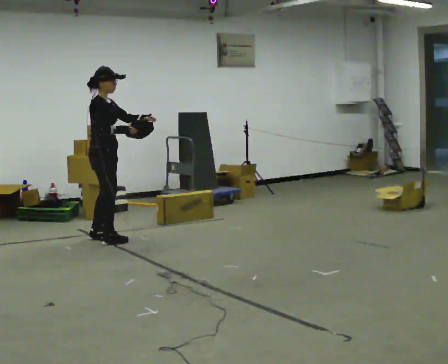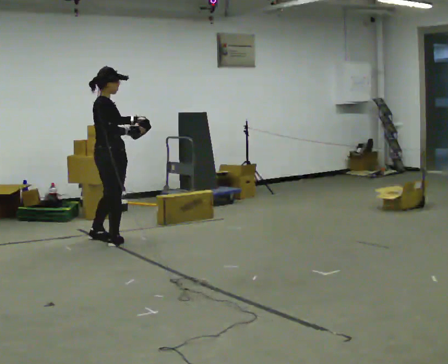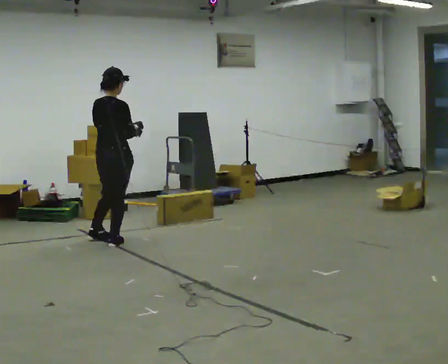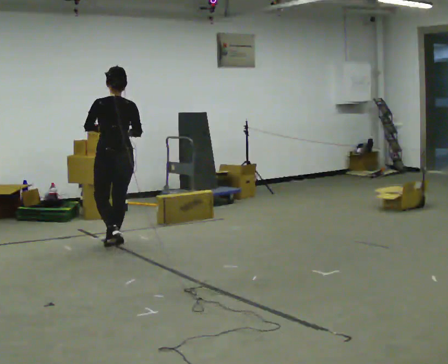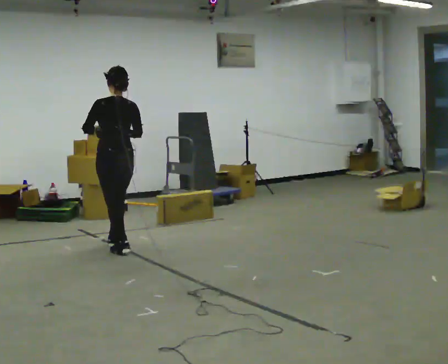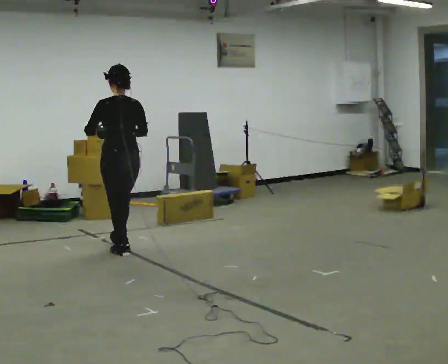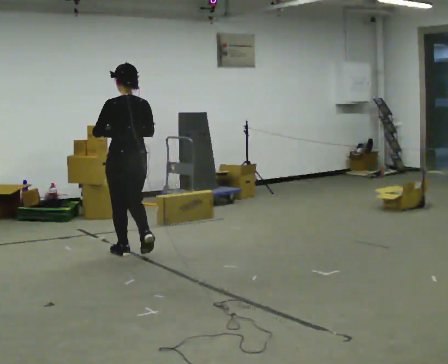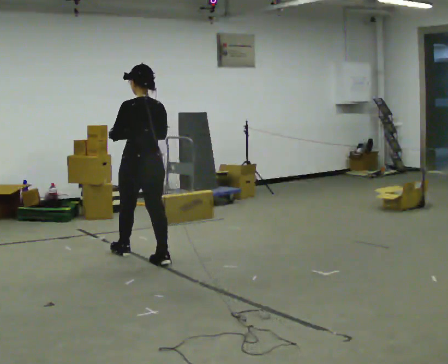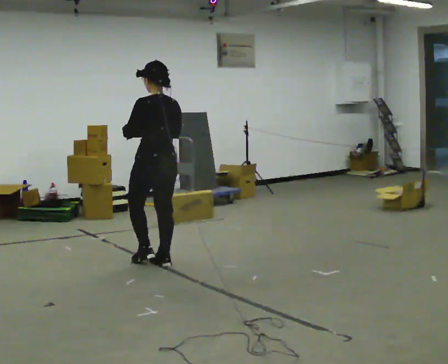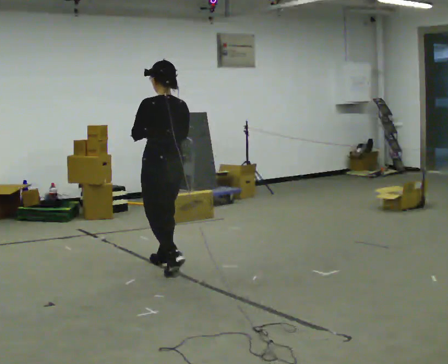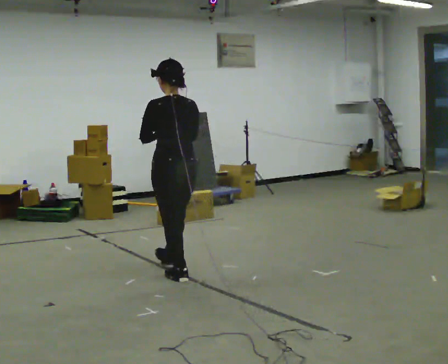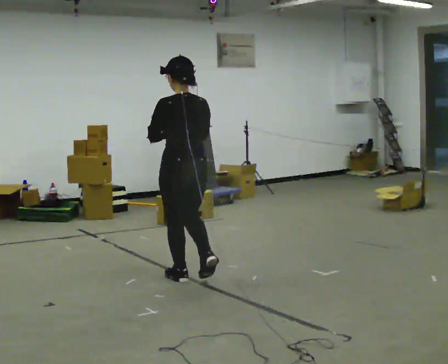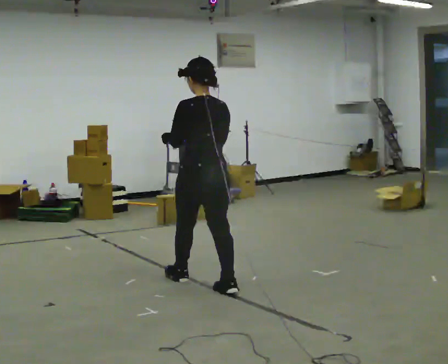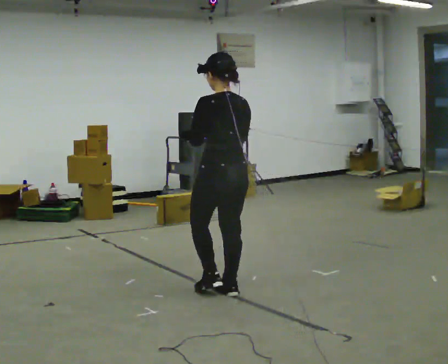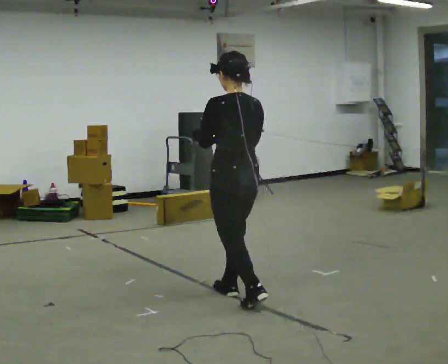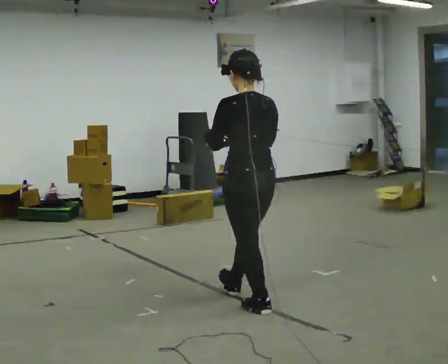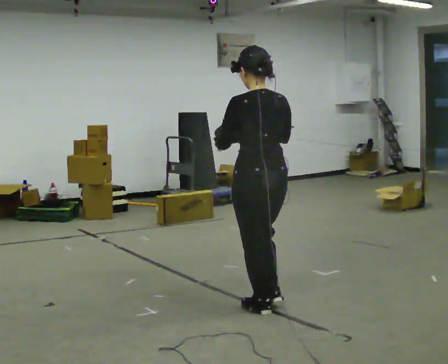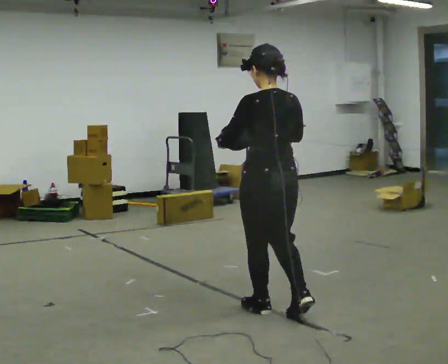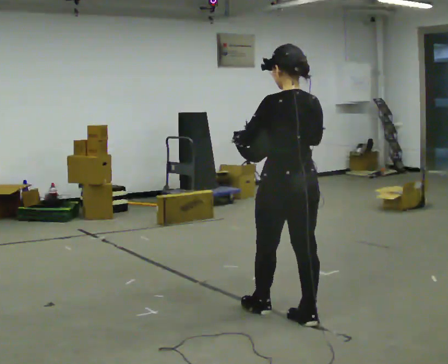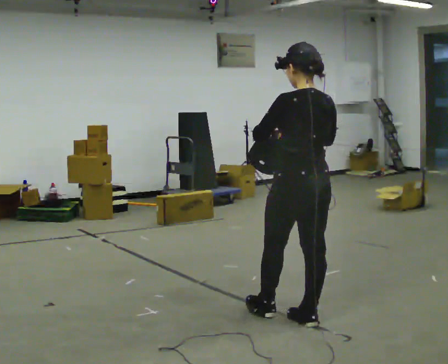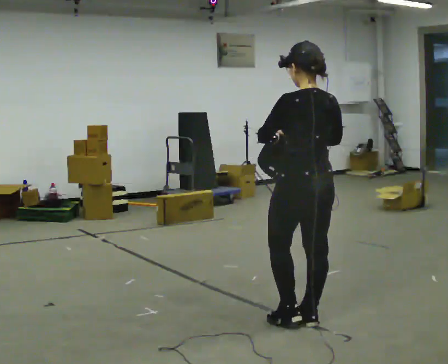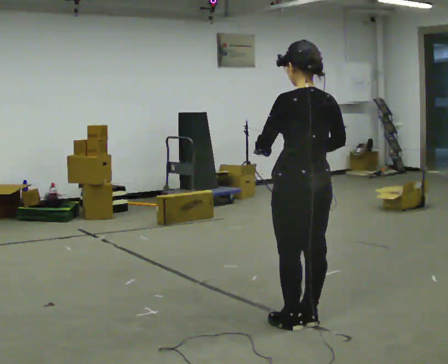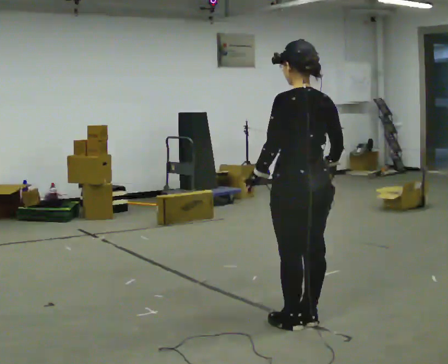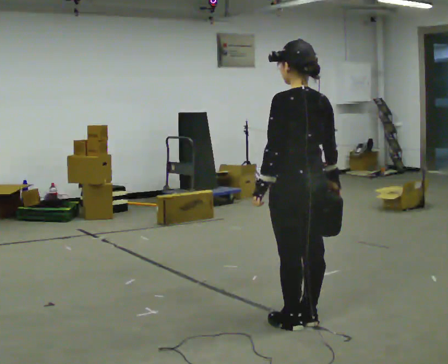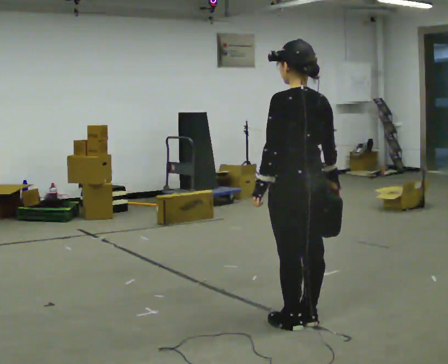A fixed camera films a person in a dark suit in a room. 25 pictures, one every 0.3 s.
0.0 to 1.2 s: The part of the body nearest the lens slides to the right as the person turns to their left by about 120 degrees. In the picture they go toward the camera and to the right, about 0.5 m in 1 step.
1.2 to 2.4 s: In the picture they go toward the camera and to the right, about 0.75 m in 2 steps, which for them is backward.
2.4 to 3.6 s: In the picture they go toward the camera and to the right, about 0.5 m in 1 step, which for them is backward.
3.6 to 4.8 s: In the picture they go toward the camera and to the right, about 0.75 m in 2 steps, which for them is backward.
4.8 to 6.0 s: In the picture they go to the right and toward the camera, about 0.25 m in 1 step, which for them is backward and to their right.
6.0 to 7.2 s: The person moves a little, or ends about where they began.
The film runs backward here.
